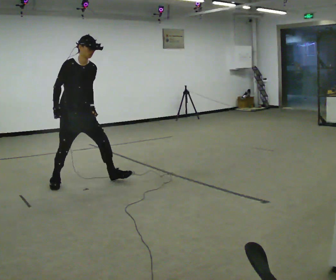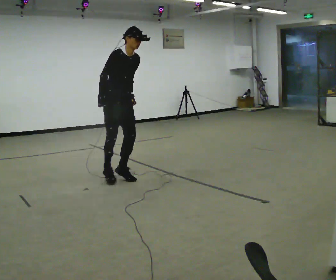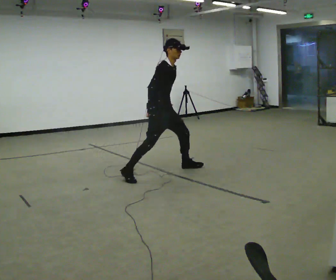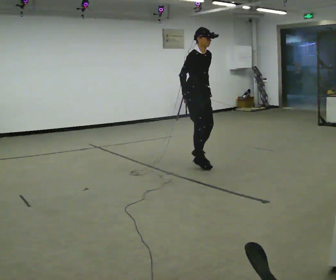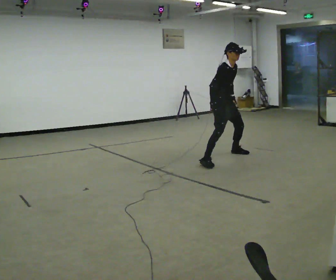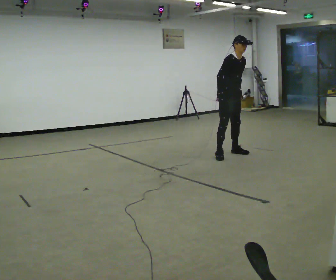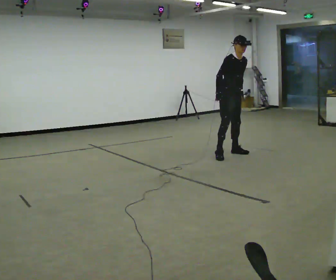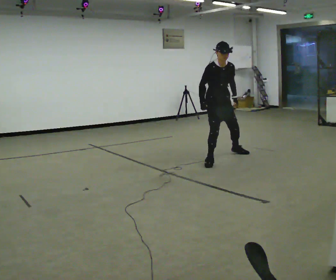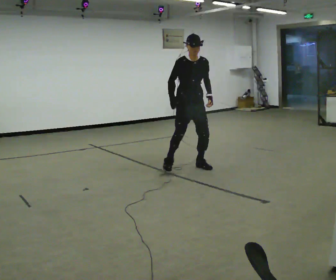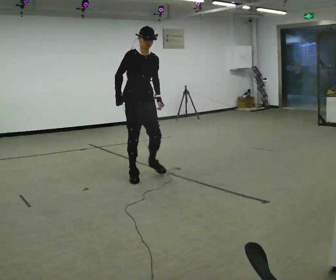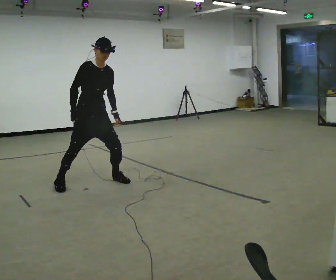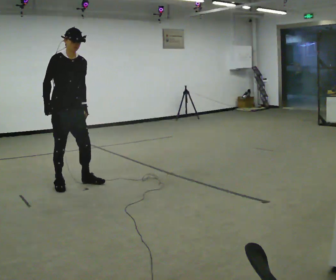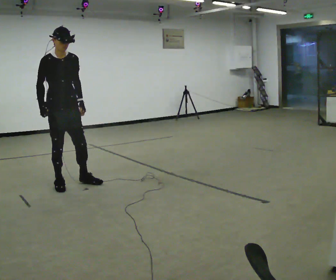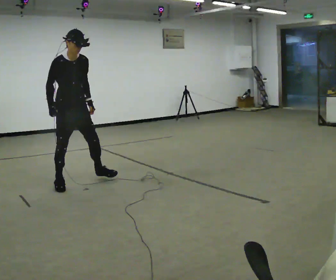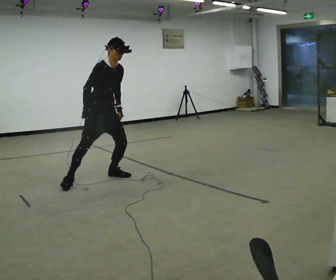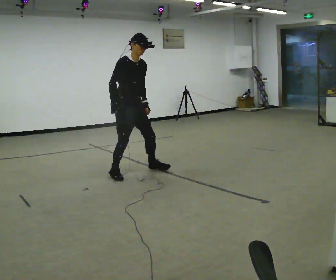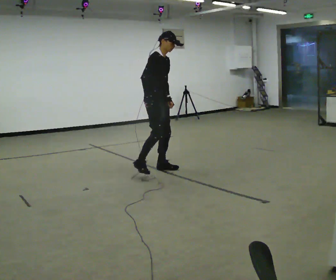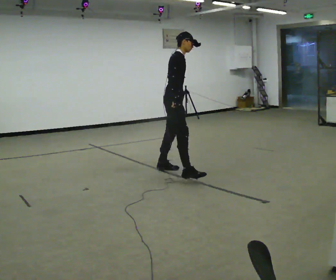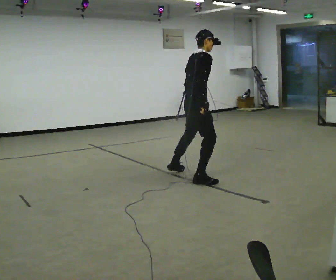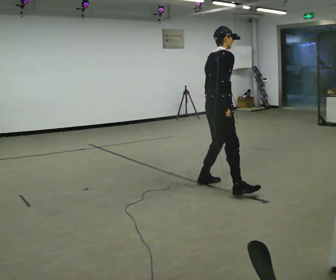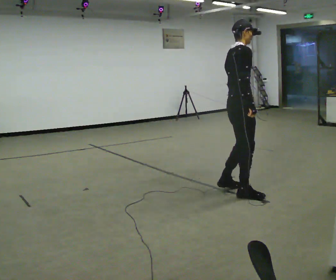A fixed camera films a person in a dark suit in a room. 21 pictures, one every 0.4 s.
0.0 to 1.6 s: In the picture they go to the right and away from the camera, about 2 m in 5 steps, which for them is to their left and forward.
1.6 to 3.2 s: The part of the body nearest the lens slides to the left as the person turns to their right by about 30 degrees. In the picture they go to the left and toward the camera, about 1 m in 3 steps, which for them is to their right.
3.2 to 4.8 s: In the picture they go to the left, about 1.5 m in 4 steps, which for them is to their right.
4.8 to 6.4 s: The part of the body nearest the lens slides to the right as the person turns to their left by about 30 degrees. In the picture they go to the right, about 1 m in 3 steps, which for them is to their left.
6.4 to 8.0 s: Seen from above the body turns counterclockwise, about 30 degrees: to their left, with its near side sliding to the right. In the picture they go toward the camera and to the right, about 1.5 m in 3 steps, which for them is to their right.
The film runs forward here.
